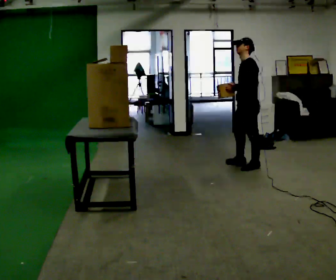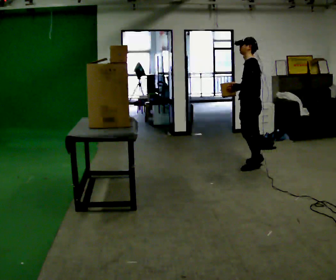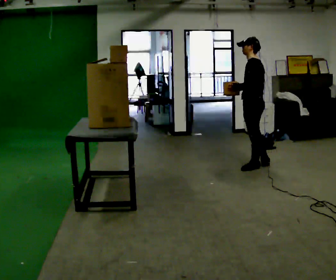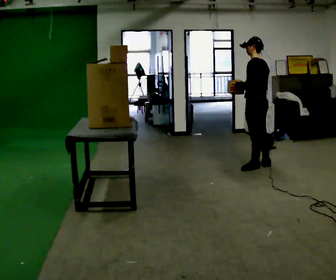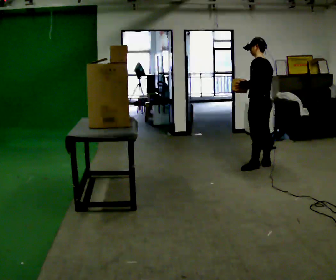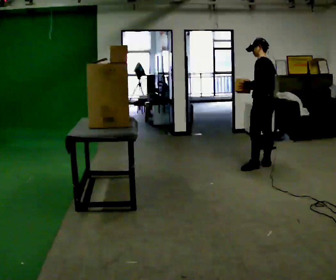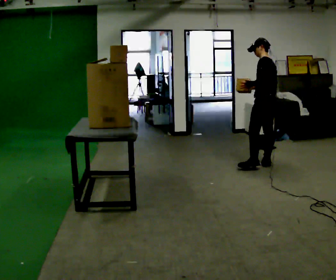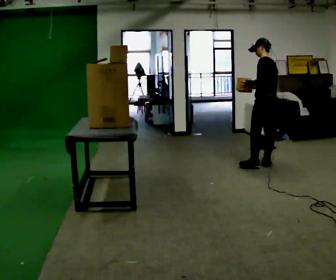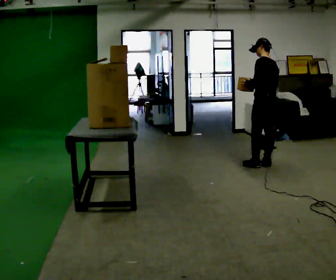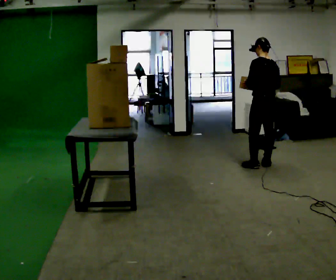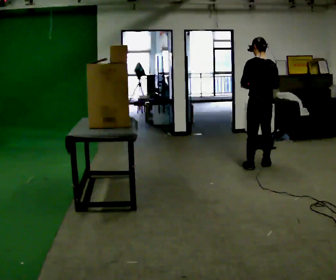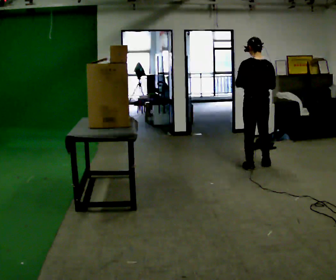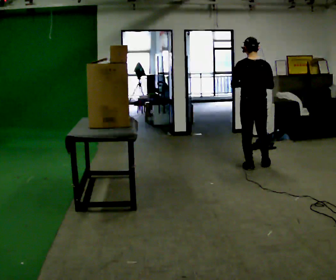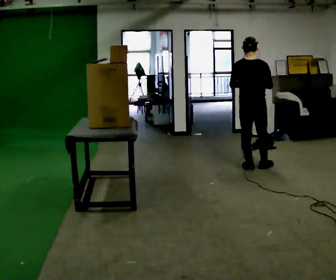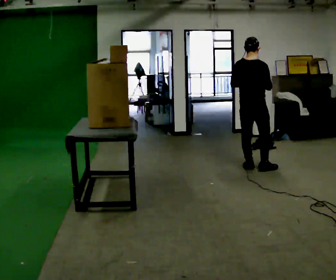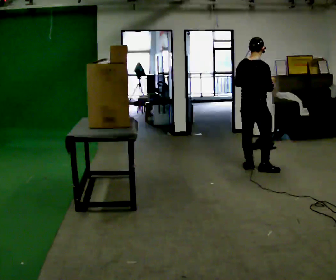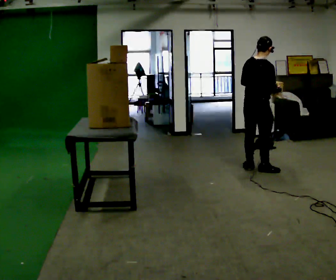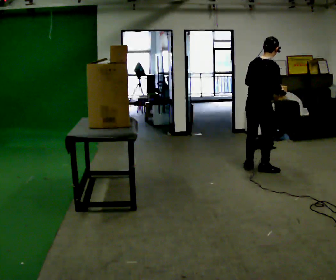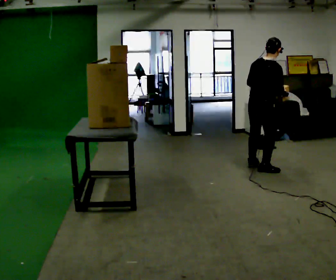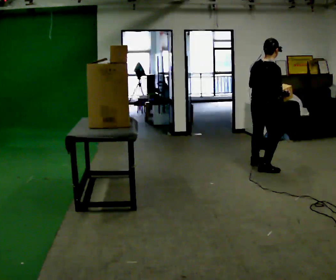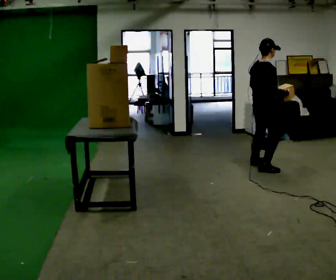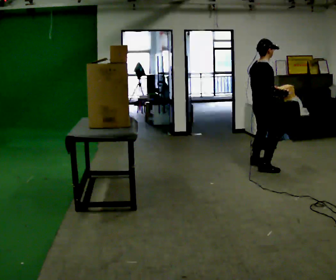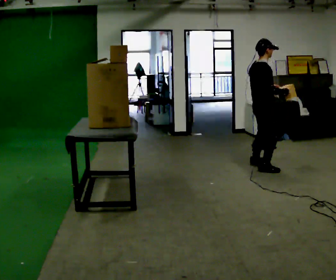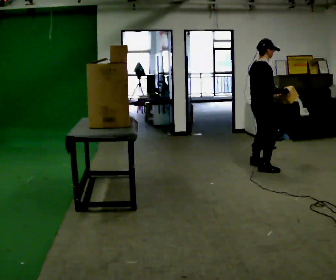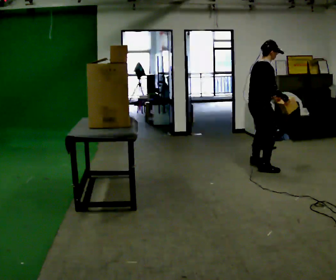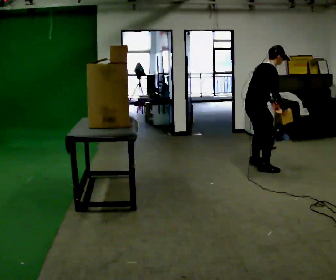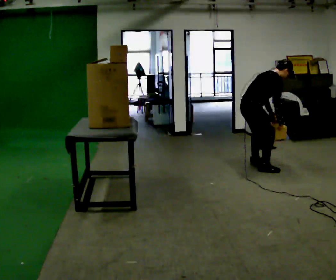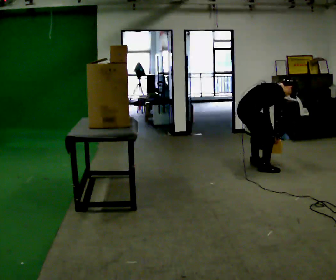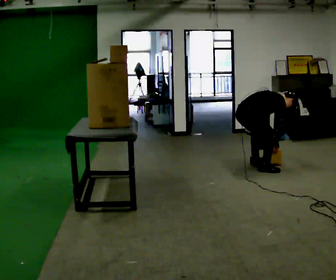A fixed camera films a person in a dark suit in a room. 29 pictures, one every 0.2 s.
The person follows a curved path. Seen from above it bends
clockwise.
The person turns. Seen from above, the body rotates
clockwise.
0.0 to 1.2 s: Seen from above the body turns clockwise, about 45 degrees: to their right, with its near side sliding to the left. In the picture they go to the right, about 0.25 m, which for them is backward and to their right.
1.2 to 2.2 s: The person turns about 45 degrees to their right, clockwise seen from above, so the part of the body nearest the lens slides to the left.
2.2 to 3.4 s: The person turns about 60 degrees to their right, clockwise seen from above, so the part of the body nearest the lens slides to the left. In the picture they go toward the camera, about 0.25 m in 1 step, which for them is backward.
3.4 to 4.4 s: The person turns about 30 degrees to their right, clockwise seen from above, so the part of the body nearest the lens slides to the left. In the picture the upper body tilts counterclockwise, shoulders to the left.
4.4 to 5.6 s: In the picture they go to the left, about 0.25 m, which for them is backward. The shoulders move downward. In the picture the upper body tilts clockwise, shoulders to the right, as they bend forward. In the picture their right hand goes downward.
The film runs backward here.
